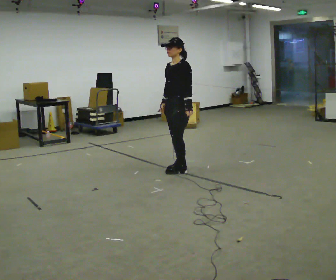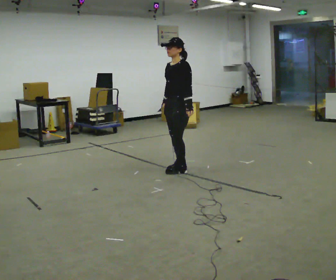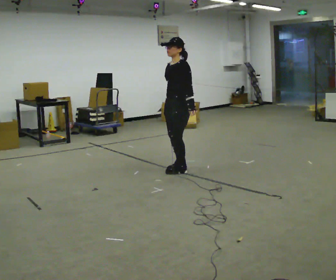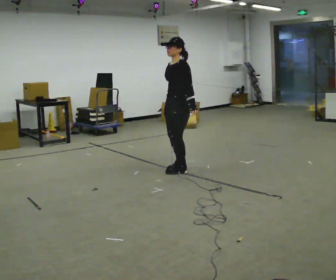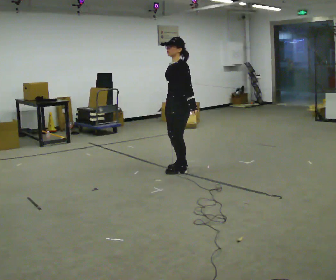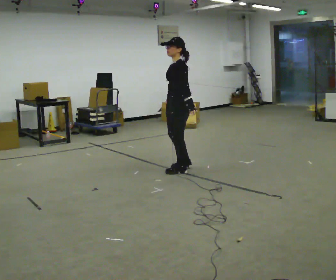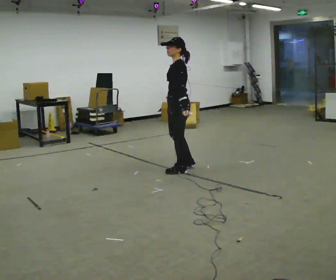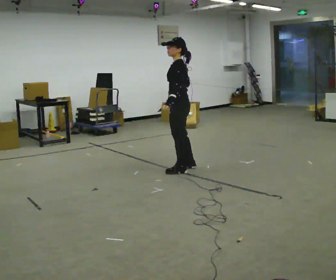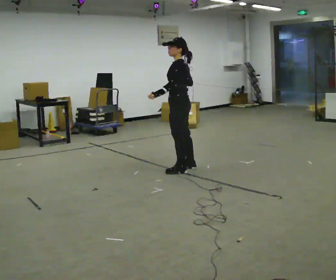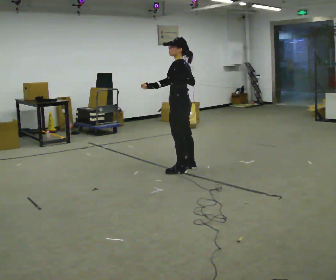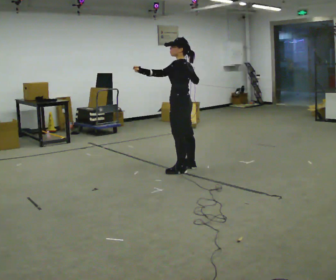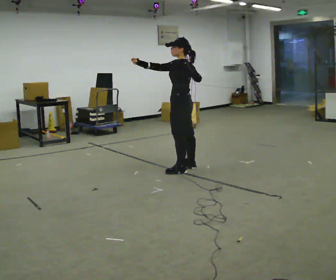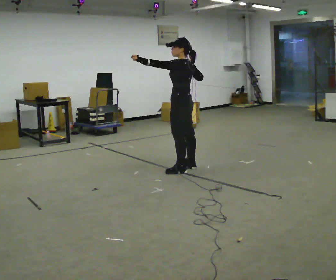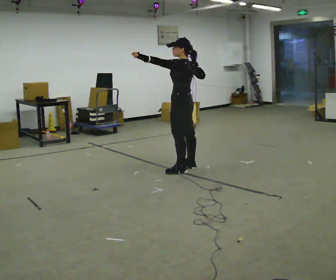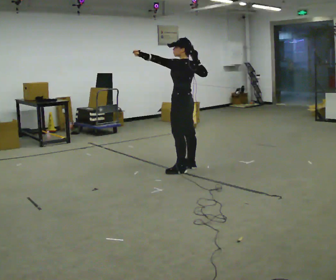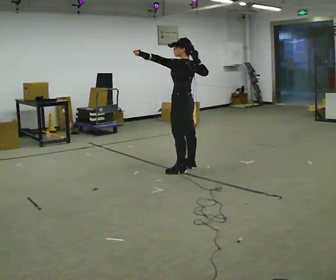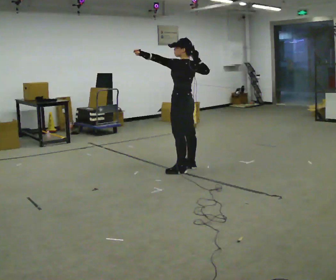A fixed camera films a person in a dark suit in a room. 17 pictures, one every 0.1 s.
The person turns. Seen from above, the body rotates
clockwise.
Their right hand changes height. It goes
upward.
0.0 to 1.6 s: The person turns about 60 degrees to their right, clockwise seen from above, so the part of the body nearest the lens slides to the left. In the picture their left hand goes upward and to the left, the arm swinging clockwise.
The film runs backward here.
